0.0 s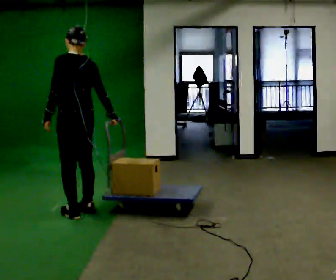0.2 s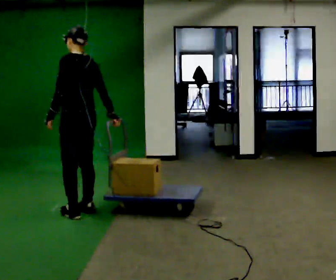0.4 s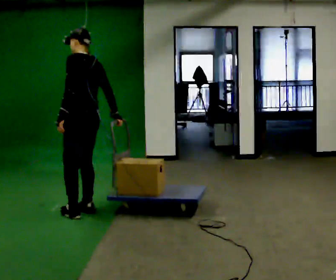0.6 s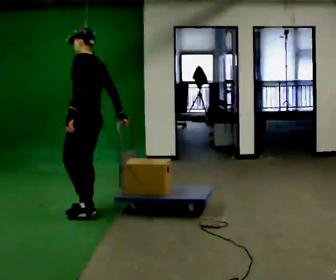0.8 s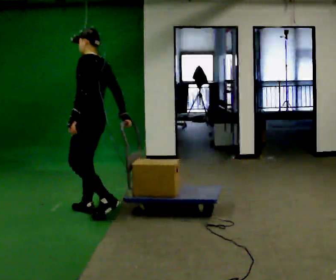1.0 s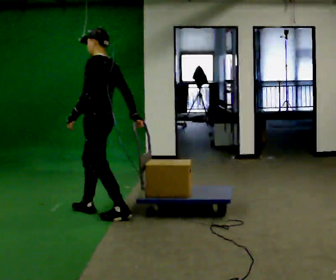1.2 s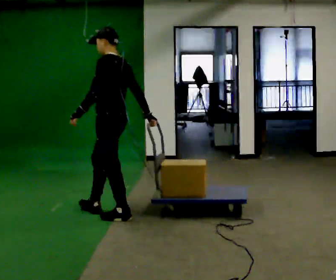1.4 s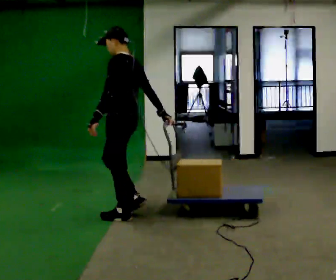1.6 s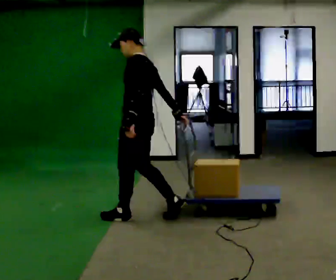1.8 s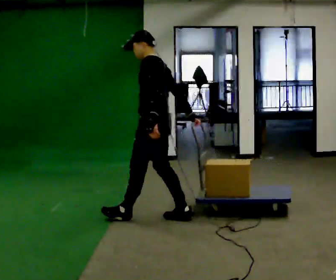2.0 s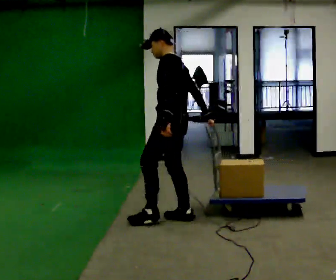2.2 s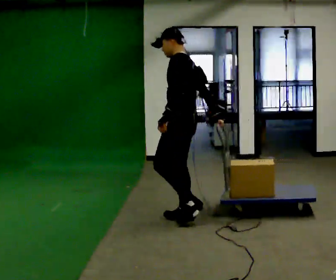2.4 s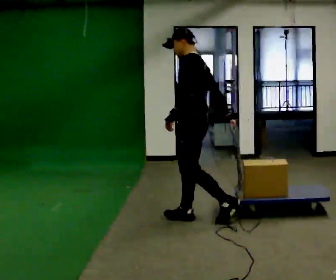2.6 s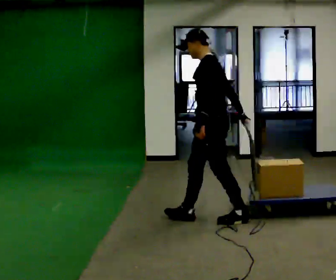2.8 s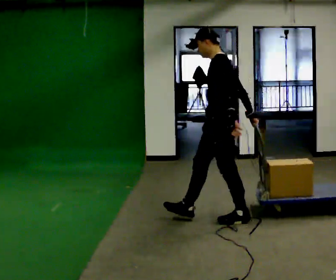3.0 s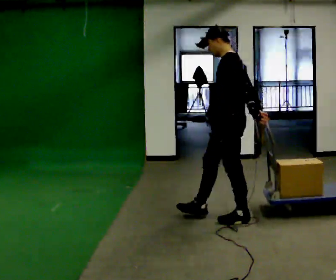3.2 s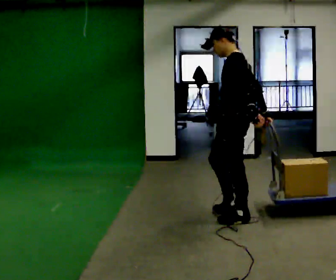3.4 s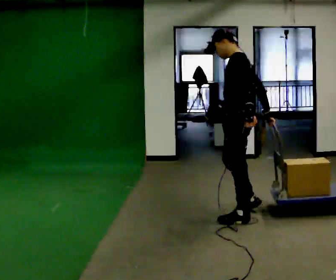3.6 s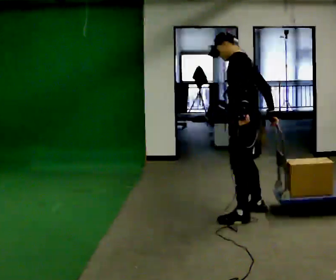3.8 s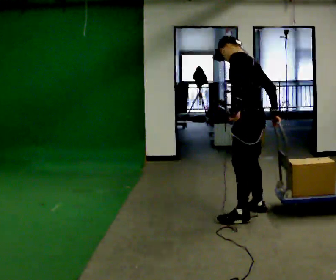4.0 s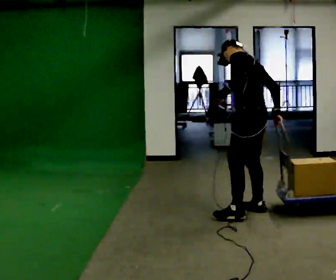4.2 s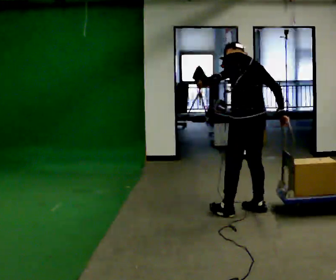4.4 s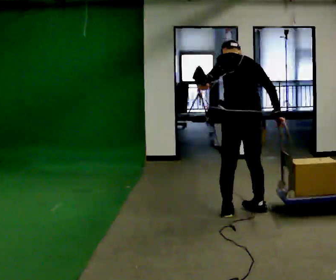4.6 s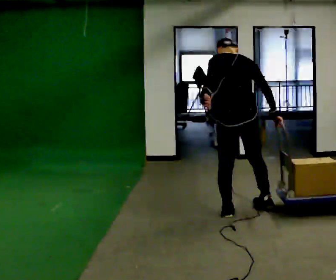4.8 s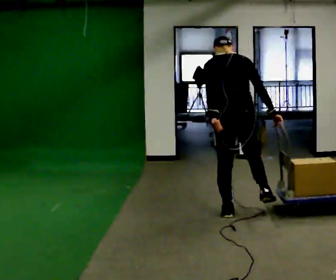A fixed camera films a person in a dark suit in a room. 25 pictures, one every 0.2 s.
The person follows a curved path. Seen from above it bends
counterclockwise.
The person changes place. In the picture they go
to the right.
0.0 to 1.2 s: Seen from above the body turns counterclockwise, about 30 degrees: to their left, with its near side sliding to the right. In the picture they go to the right, about 0.25 m in 2 steps, which for them is backward.
1.2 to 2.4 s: In the picture they go to the right, about 0.5 m in 1 step, which for them is backward.
2.4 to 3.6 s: In the picture they go to the right, about 0.5 m in 1 step, which for them is backward.
3.6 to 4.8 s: The part of the body nearest the lens slides to the left as the person turns to their right by about 60 degrees.
The film runs backward here.
